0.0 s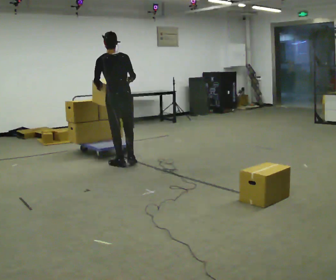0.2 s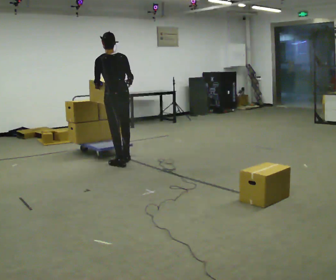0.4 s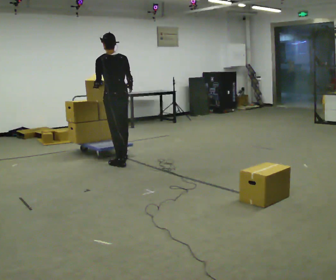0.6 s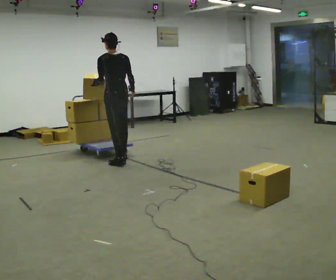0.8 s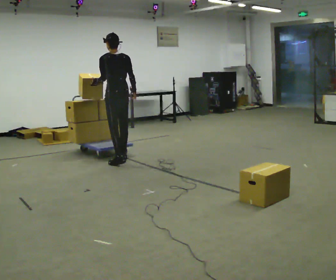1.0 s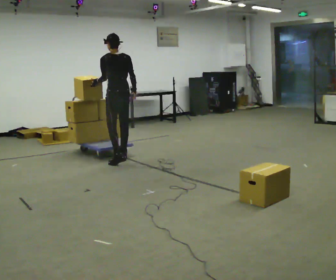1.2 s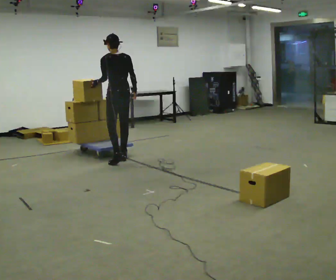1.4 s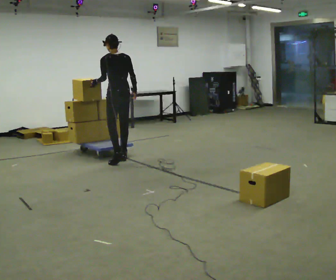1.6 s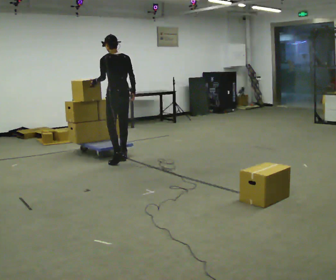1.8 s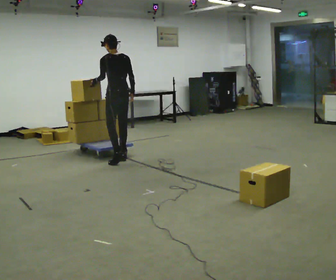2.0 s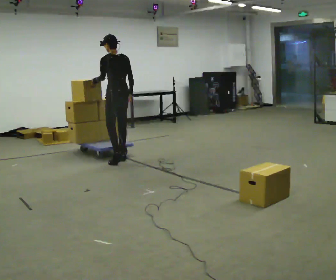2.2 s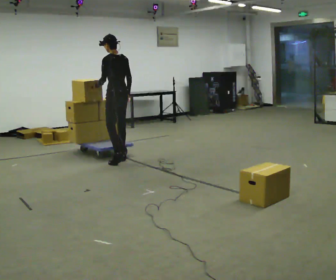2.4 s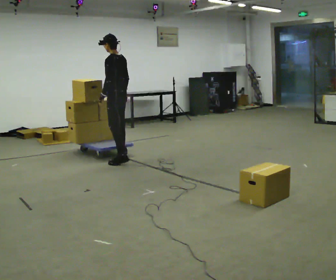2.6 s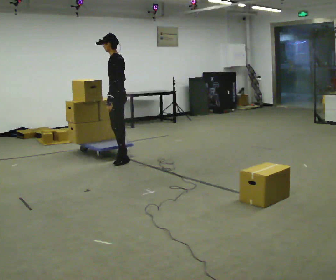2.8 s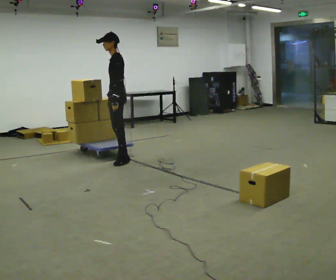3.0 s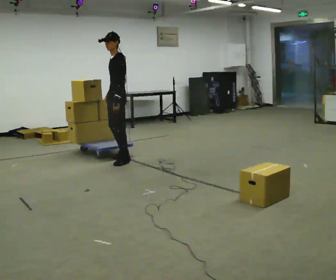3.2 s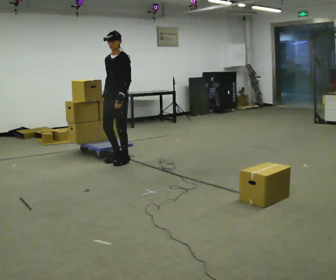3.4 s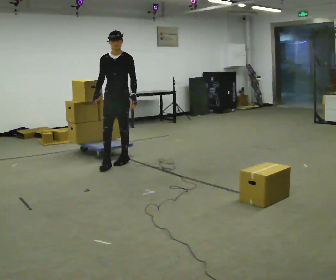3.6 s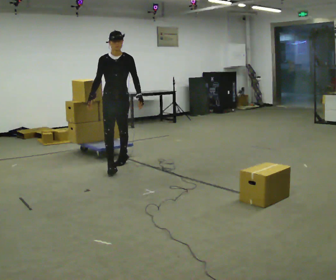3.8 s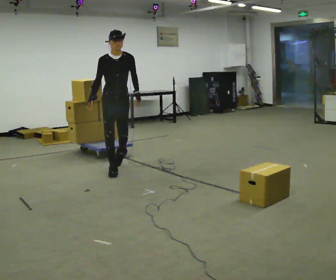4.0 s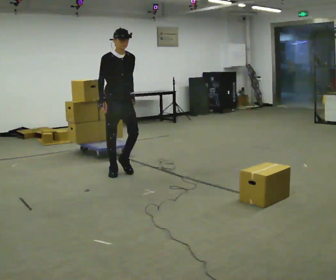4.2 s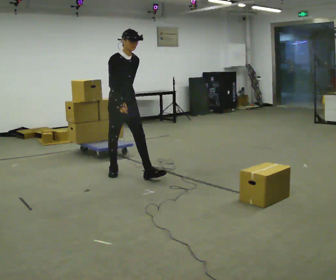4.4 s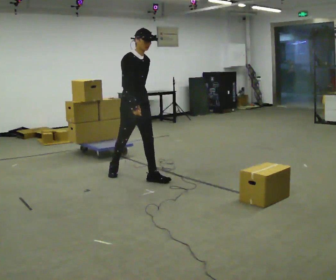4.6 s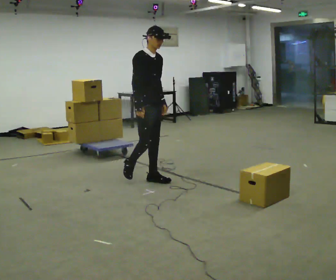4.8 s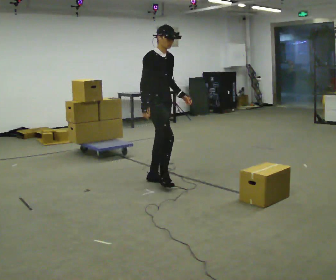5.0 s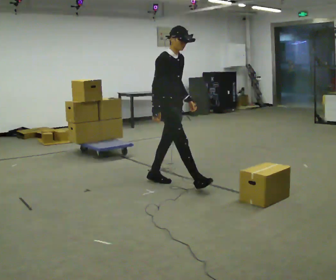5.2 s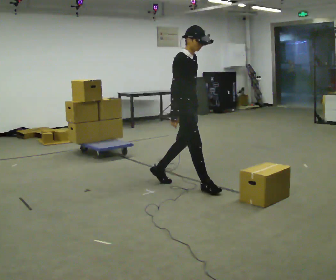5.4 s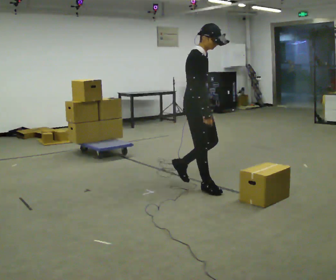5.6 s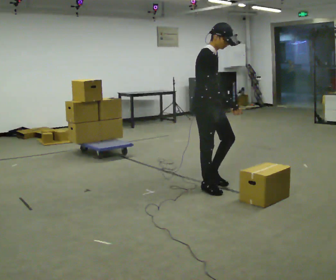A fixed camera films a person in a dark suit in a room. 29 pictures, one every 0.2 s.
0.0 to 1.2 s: In the picture they go away from the camera, about 0.25 m in 1 step, which for them is forward and to their right.
1.2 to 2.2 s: The part of the body nearest the lens slides to the right as the person turns to their left by about 30 degrees.
2.2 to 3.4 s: The part of the body nearest the lens slides to the right as the person turns to their left by about 120 degrees. In the picture they go toward the camera, about 0.25 m in 1 step.
3.4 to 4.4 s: Seen from above the body turns counterclockwise, about 45 degrees: to their left, with its near side sliding to the right. In the picture they go toward the camera, about 0.5 m in 2 steps, which for them is forward.
4.4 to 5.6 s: In the picture they go to the right and toward the camera, about 1 m in 1 step, which for them is forward.
The film runs forward here.
